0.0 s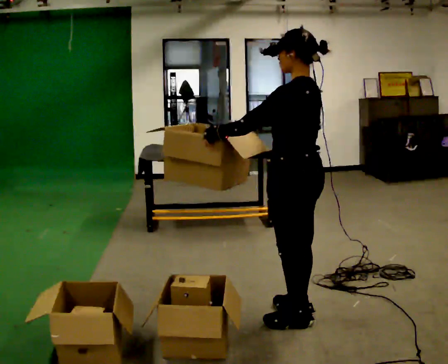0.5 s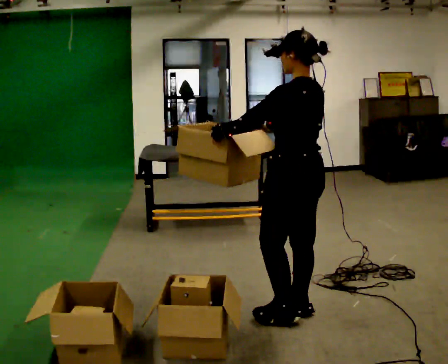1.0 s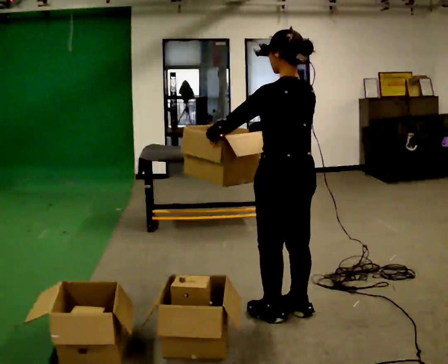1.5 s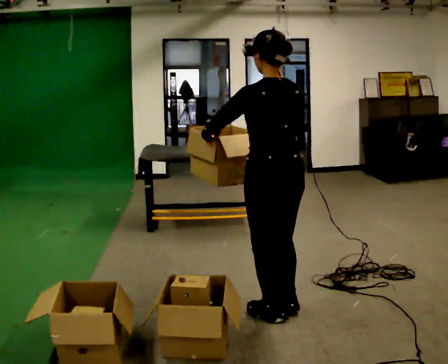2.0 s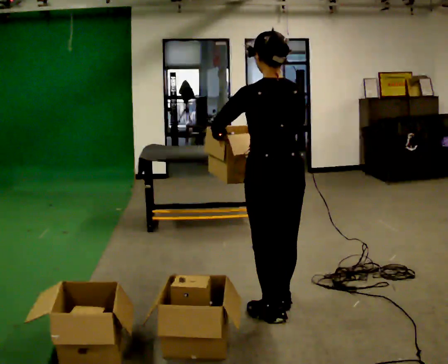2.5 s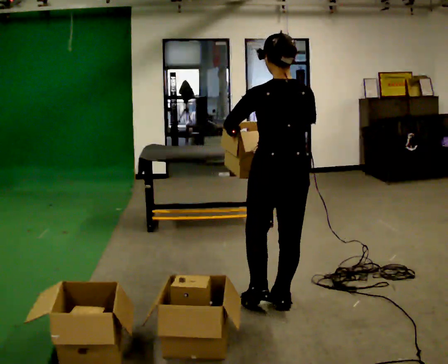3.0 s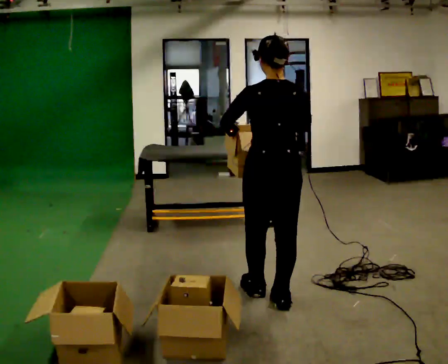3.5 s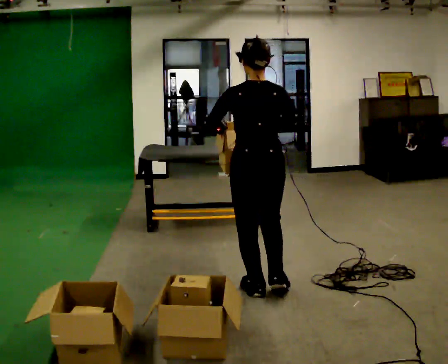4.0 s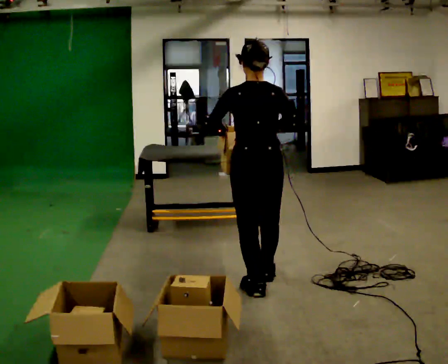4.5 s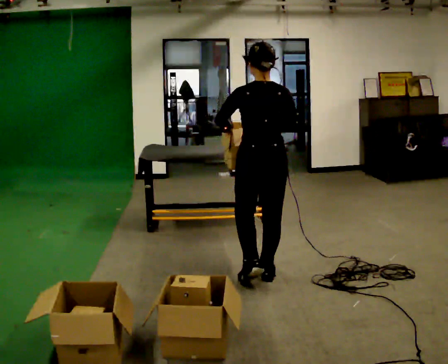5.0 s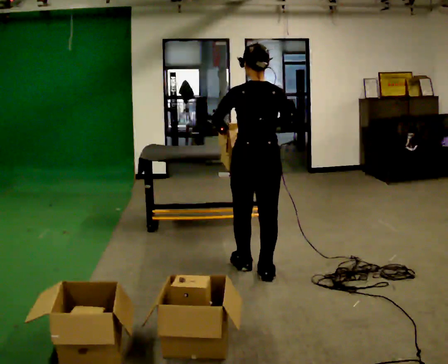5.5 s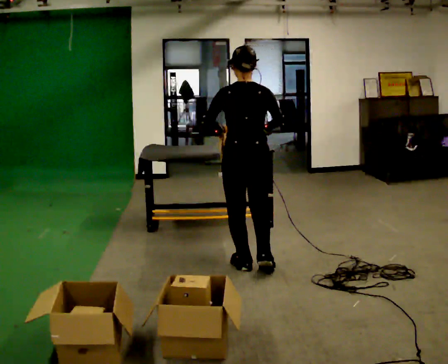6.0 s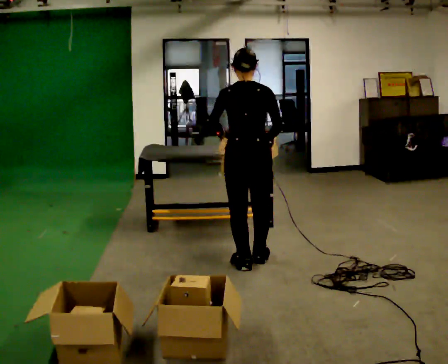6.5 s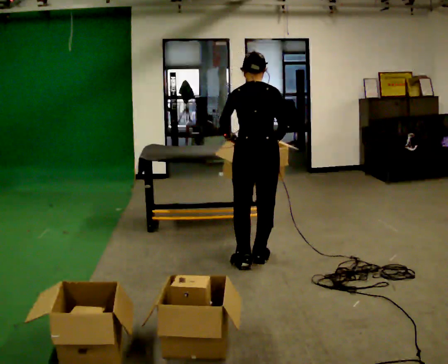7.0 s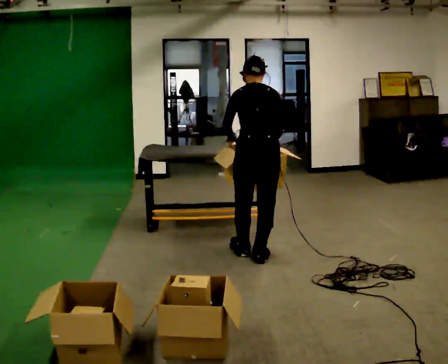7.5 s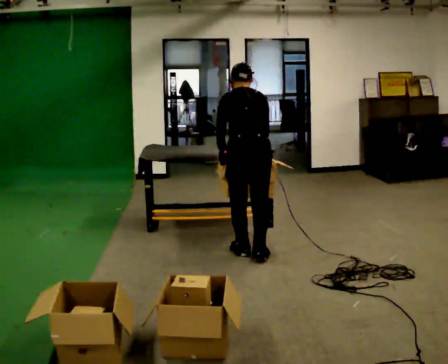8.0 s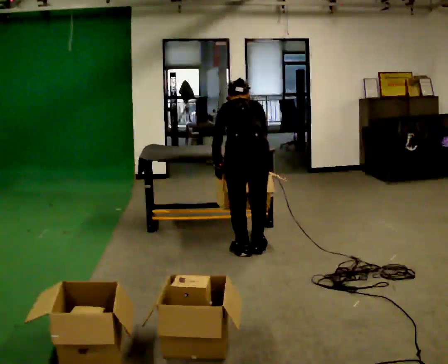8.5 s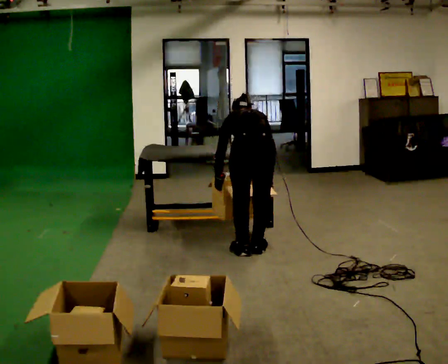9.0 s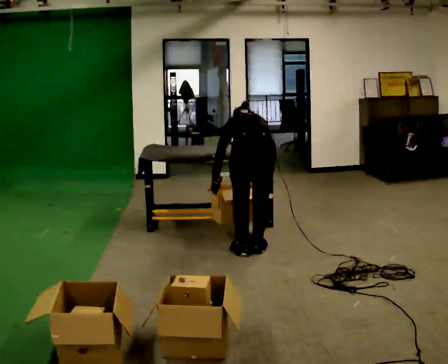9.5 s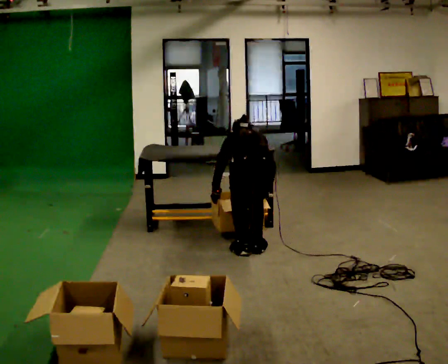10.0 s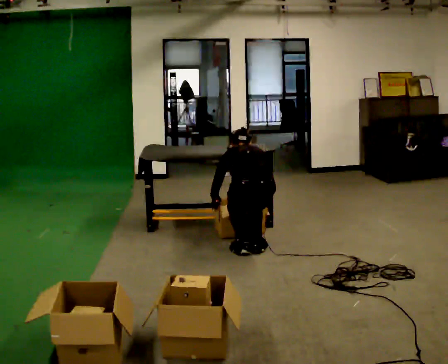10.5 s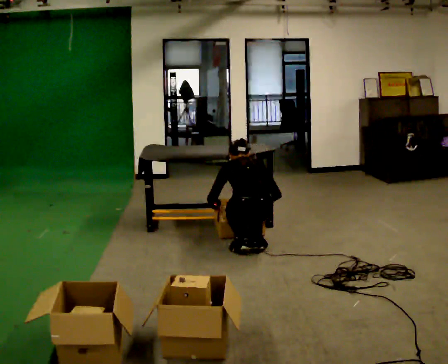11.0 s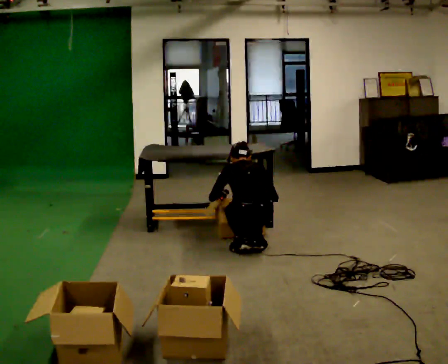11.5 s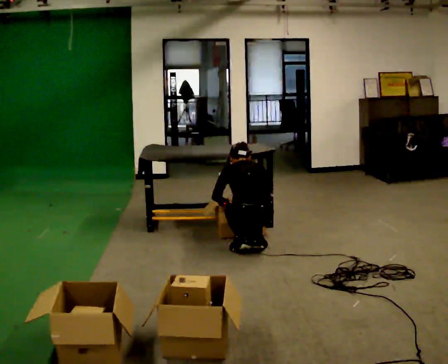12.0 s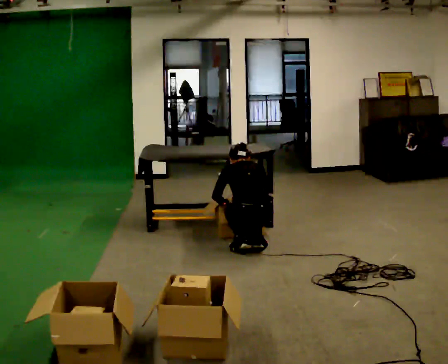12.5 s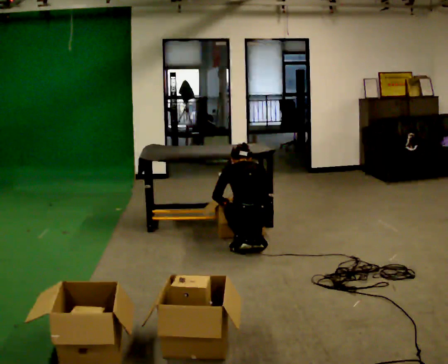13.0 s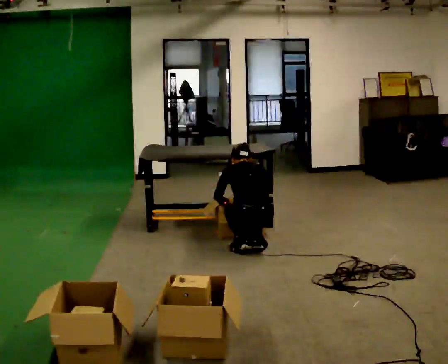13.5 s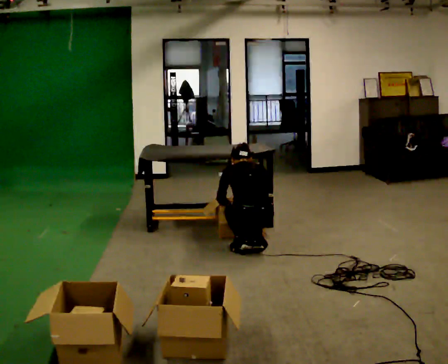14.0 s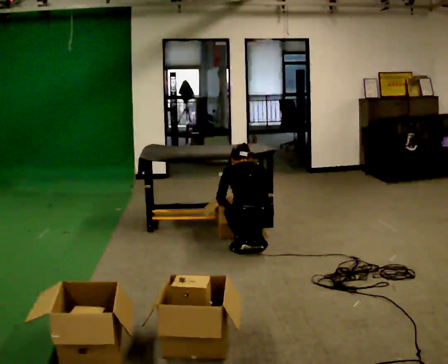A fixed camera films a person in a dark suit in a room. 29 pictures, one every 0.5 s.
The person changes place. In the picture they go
away from the camera.
The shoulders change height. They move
downward.
0.0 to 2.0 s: The part of the body nearest the lens slides to the left as the person turns to their right by about 45 degrees.
2.0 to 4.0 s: In the picture they go away from the camera, about 0.5 m in 2 steps, which for them is forward.
4.0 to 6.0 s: In the picture they go away from the camera, about 0.5 m in 2 steps, which for them is forward.
6.0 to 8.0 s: In the picture they go away from the camera, about 0.25 m in 2 steps, which for them is forward. The upper body tips away from the camera, its near side rolling upward, as they bend forward.
8.0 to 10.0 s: The shoulders move downward. In the picture their right hand goes downward.
10.0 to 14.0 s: The person moves a little, or ends about where they began.
The film runs forward here.
